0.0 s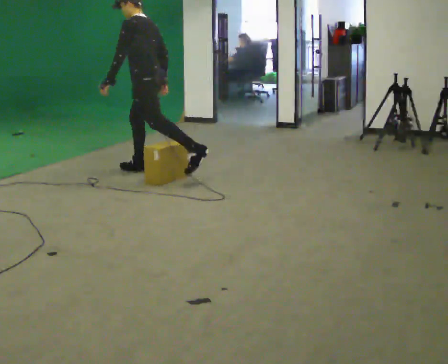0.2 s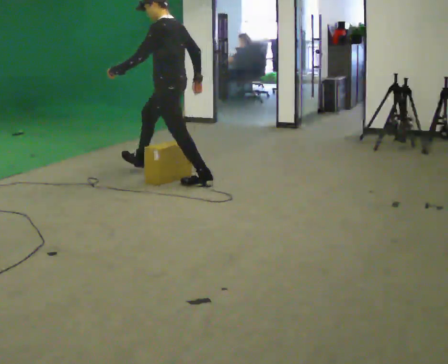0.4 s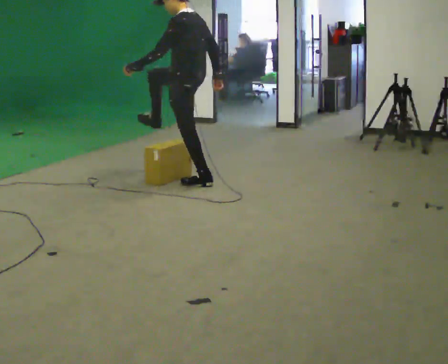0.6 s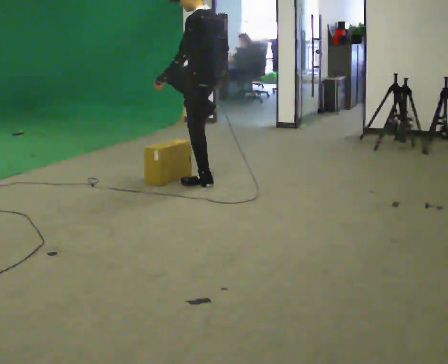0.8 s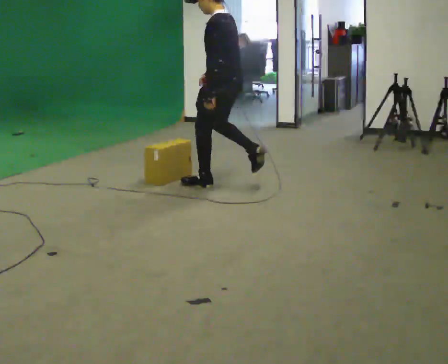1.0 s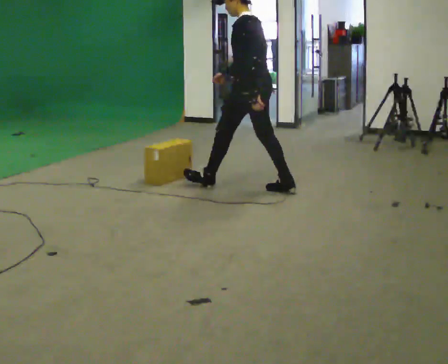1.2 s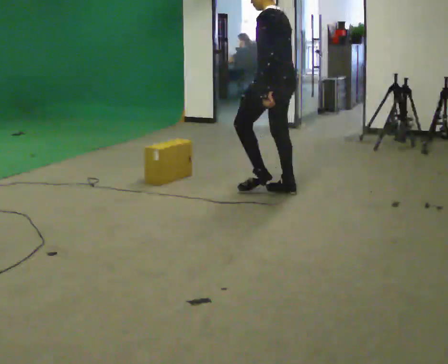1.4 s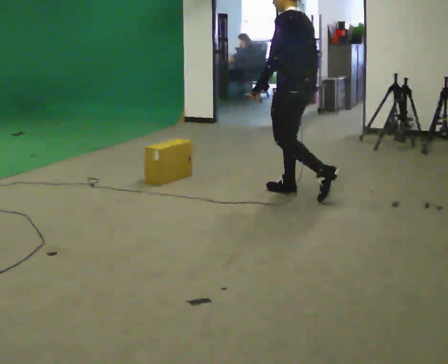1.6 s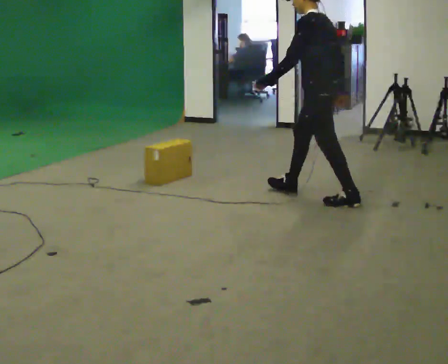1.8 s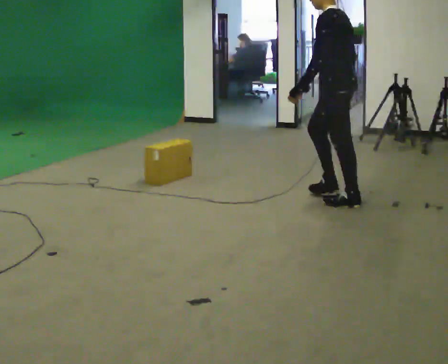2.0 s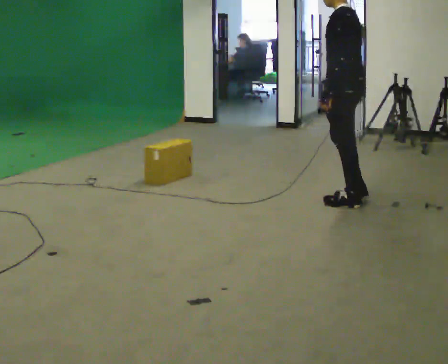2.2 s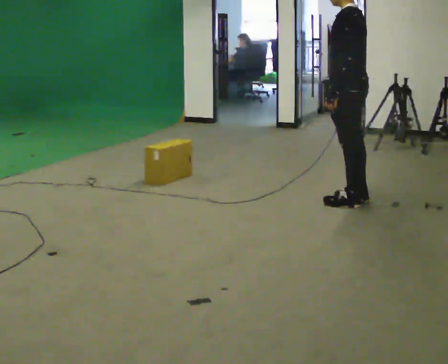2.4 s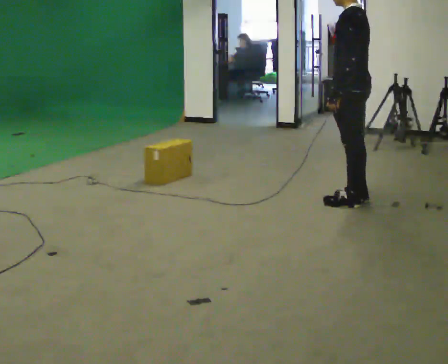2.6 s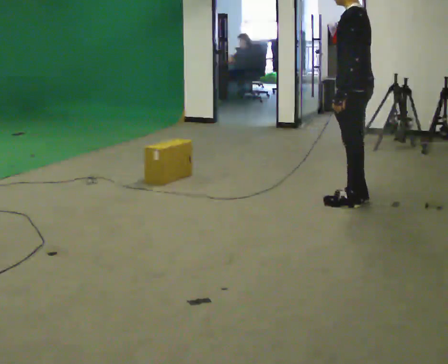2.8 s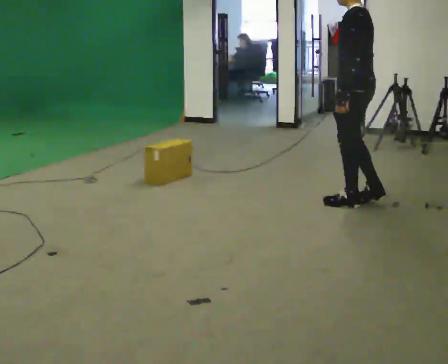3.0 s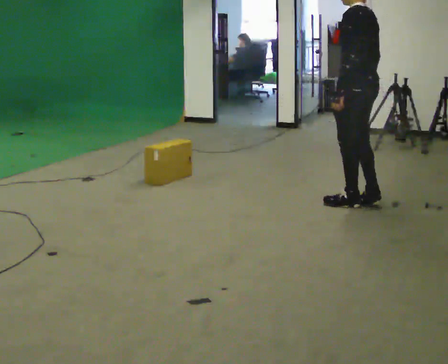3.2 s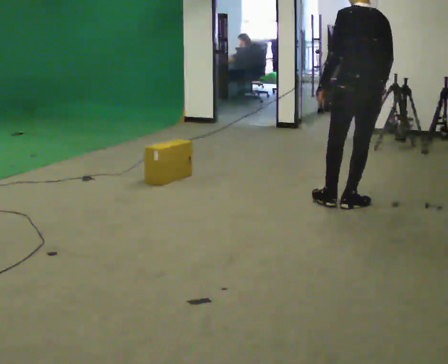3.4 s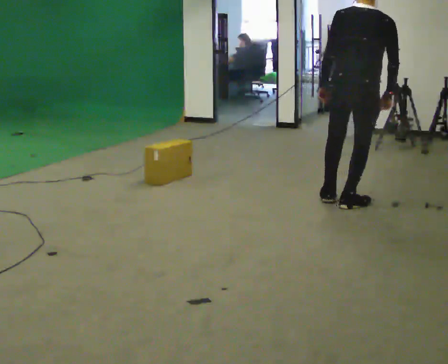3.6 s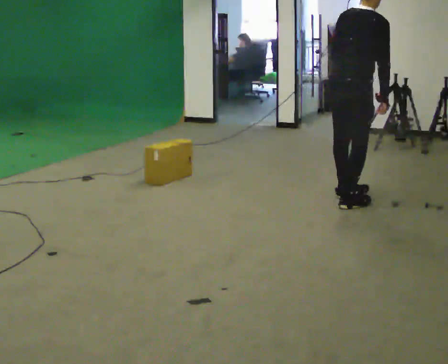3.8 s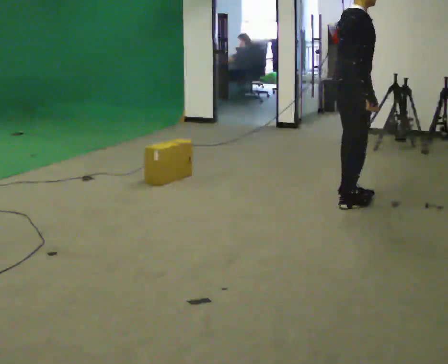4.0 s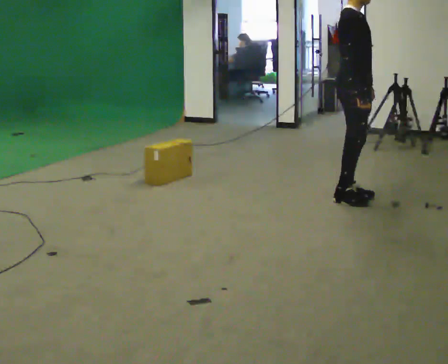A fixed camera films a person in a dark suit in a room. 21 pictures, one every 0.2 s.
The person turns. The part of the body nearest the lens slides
to the left.
The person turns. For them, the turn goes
to their right.
0.0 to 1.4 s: In the picture they go to the right, about 1.5 m in 2 steps, which for them is backward.
1.4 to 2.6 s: In the picture they go to the right, about 0.5 m in 1 step, which for them is backward.
2.6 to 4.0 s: The person turns about 165 degrees to their right, clockwise seen from above, so the part of the body nearest the lens slides to the left.
The film runs backward here.
